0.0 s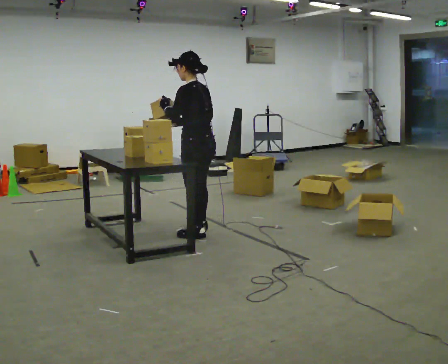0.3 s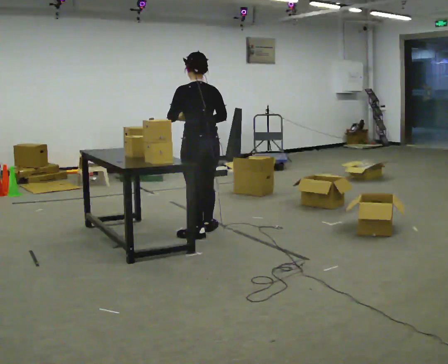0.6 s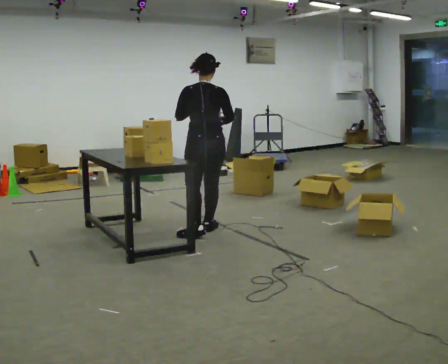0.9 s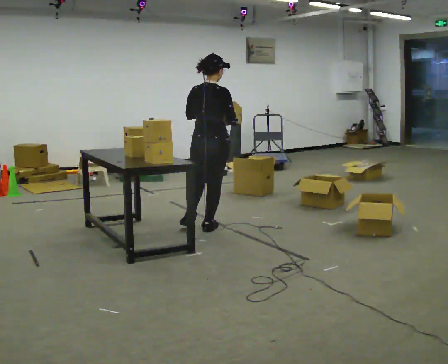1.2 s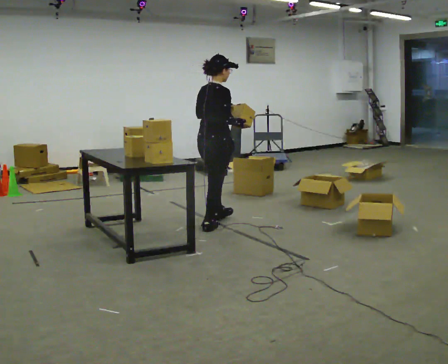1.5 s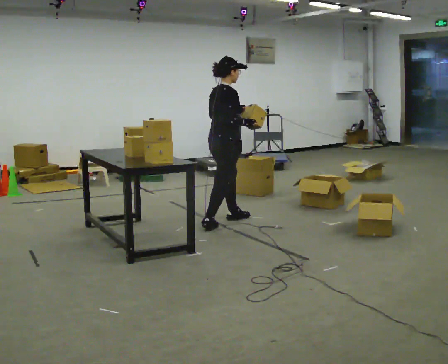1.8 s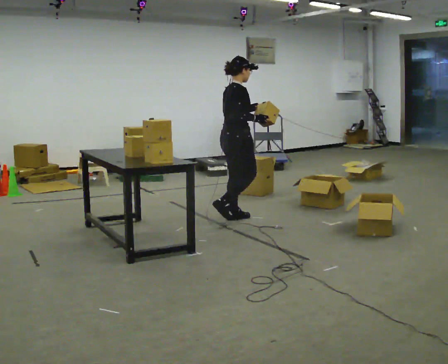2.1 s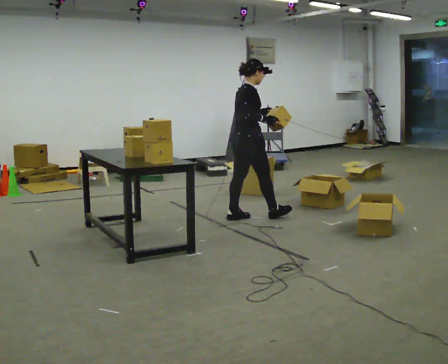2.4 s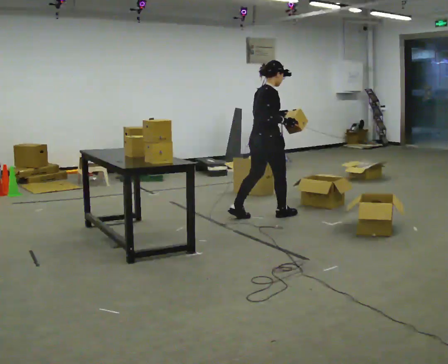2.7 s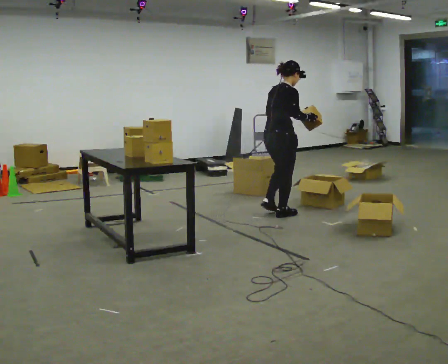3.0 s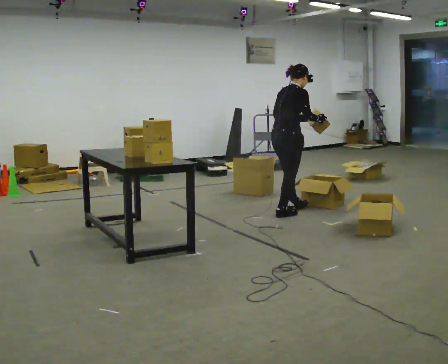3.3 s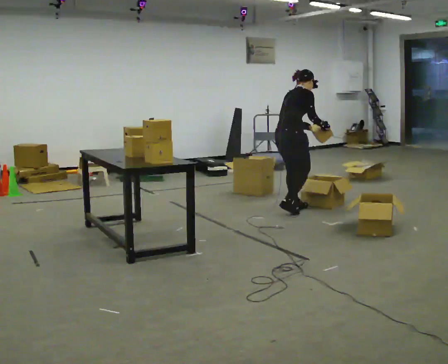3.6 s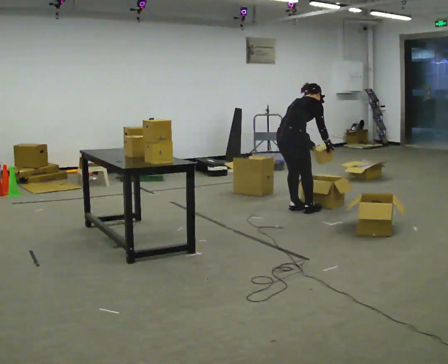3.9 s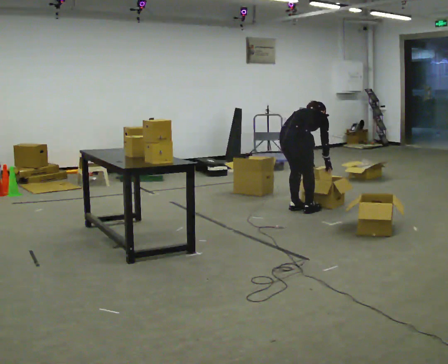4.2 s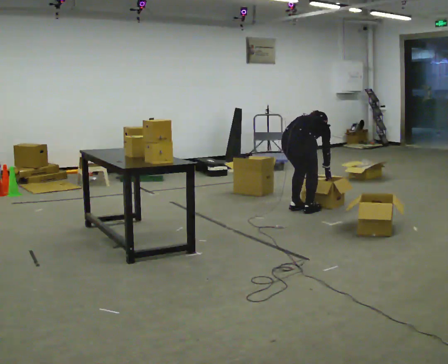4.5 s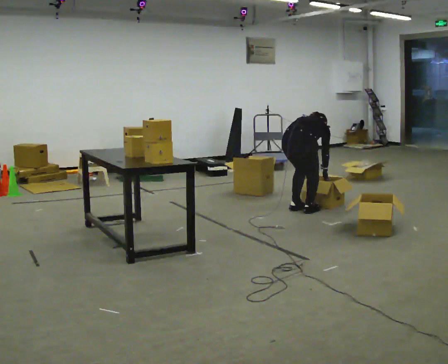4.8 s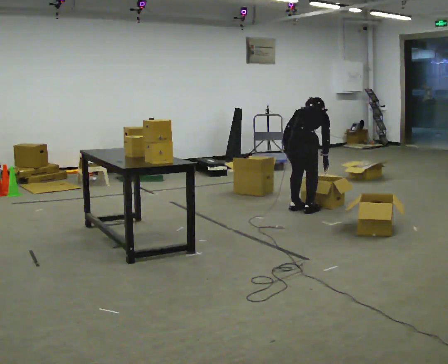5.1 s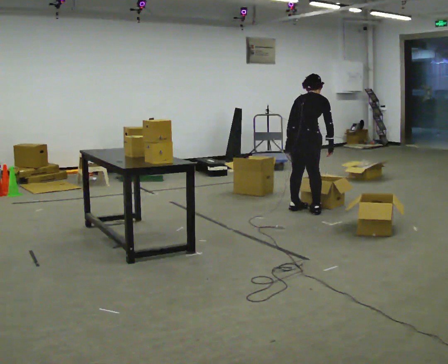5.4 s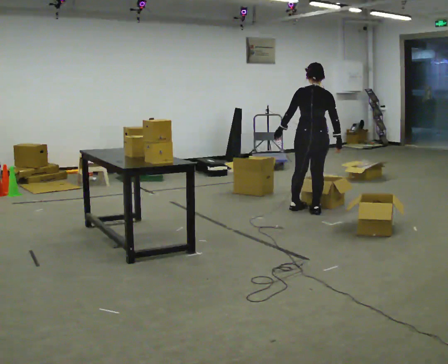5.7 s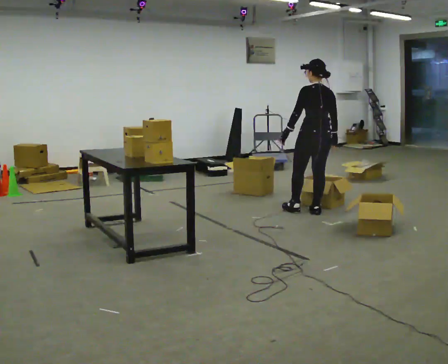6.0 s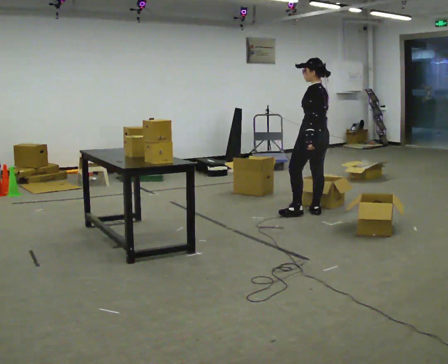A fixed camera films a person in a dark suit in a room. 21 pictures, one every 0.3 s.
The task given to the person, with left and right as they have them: Take each object from the table and put it in the bin that matches it, walking between the bins. Keep going until the operator says stop; one object at a time, and do not rush between trips.
0.0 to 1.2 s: The person turns about 105 degrees to their right, clockwise seen from above, so the part of the body nearest the lens slides to the left. In the picture they go away from the camera, about 0.25 m in 1 step.
1.2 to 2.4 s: In the picture they go to the right and away from the camera, about 0.5 m in 2 steps, which for them is forward.
2.4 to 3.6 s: In the picture they go to the right and away from the camera, about 0.25 m in 2 steps, which for them is forward. The upper body tips away from the camera, its near side rolling upward, as they bend forward.
3.6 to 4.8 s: The person moves a little, or ends about where they began.
4.8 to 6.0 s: The person turns about 75 degrees to their left, counterclockwise seen from above, so the part of the body nearest the lens slides to the right. In the picture they go to the right, about 0.25 m in 1 step. The shoulders move upward. The upper body tips toward the camera, its near side rolling downward, as they lean back or straighten. In the picture their left hand goes upward.
The film runs forward here.
